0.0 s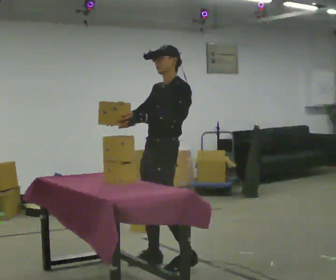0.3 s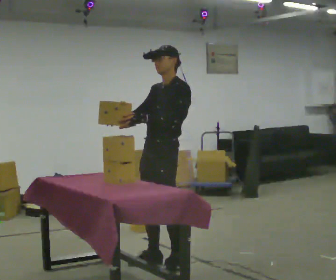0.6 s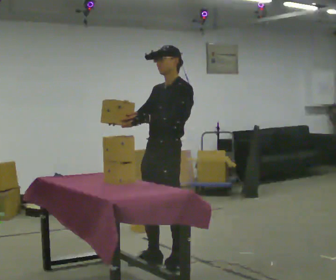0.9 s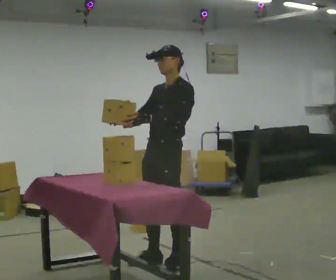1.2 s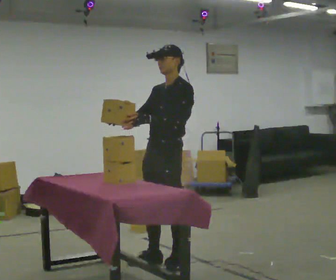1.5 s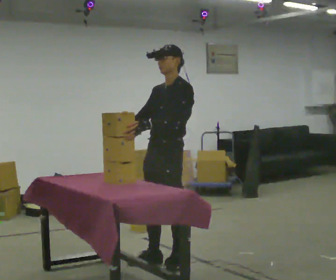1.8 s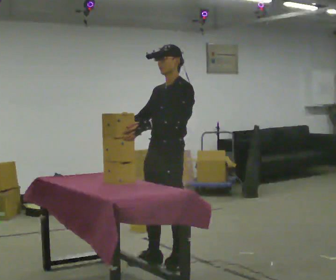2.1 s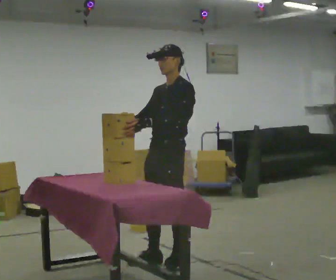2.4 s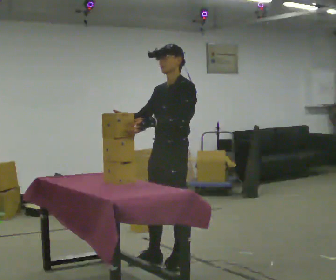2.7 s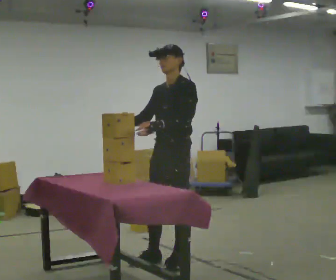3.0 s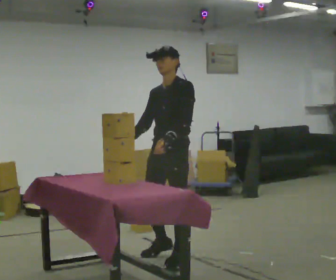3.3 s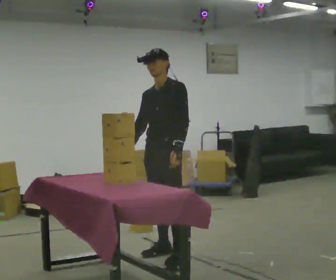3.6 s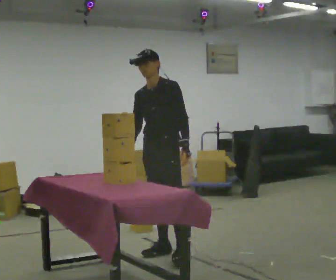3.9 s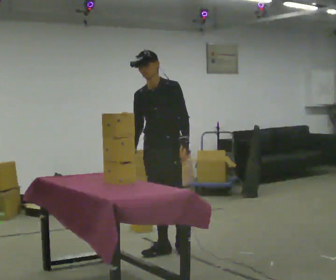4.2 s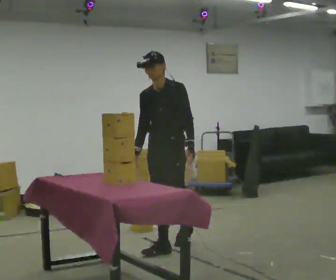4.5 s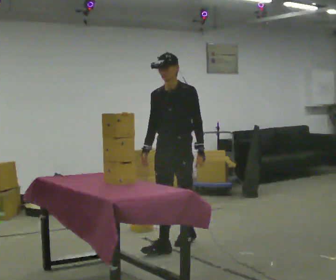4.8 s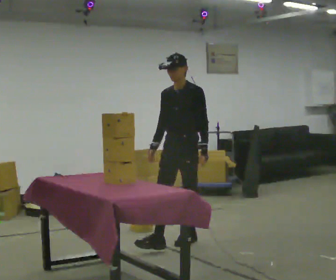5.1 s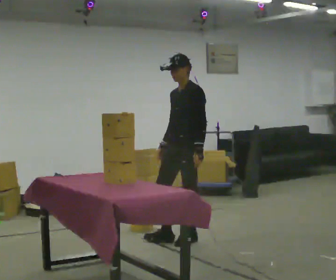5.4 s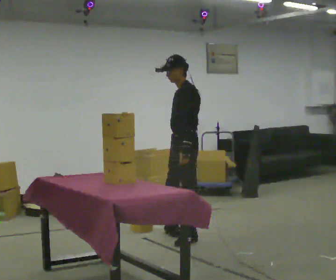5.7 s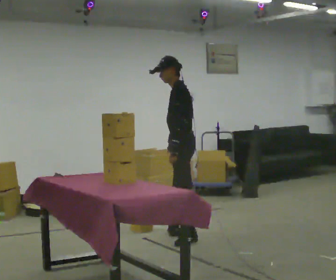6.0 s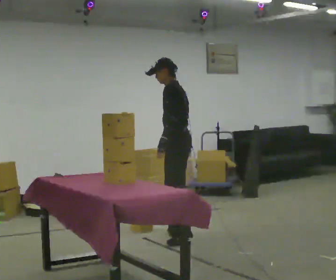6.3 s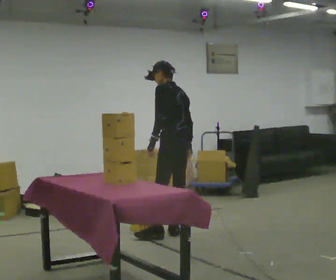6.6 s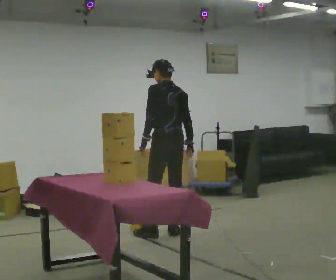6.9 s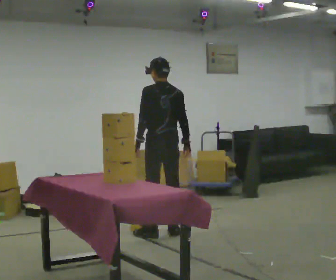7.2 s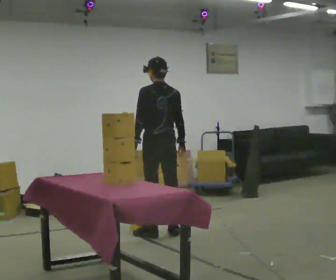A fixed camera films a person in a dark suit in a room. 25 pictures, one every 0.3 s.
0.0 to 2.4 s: The person moves a little, or ends about where they began.
2.4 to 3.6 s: In the picture they go away from the camera, about 0.25 m in 2 steps, which for them is to their right and backward.
3.6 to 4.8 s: In the picture they go away from the camera and to the right, about 0.5 m in 1 step, which for them is backward.
4.8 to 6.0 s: The part of the body nearest the lens slides to the left as the person turns to their right by about 75 degrees. In the picture they go away from the camera, about 0.25 m in 1 step.
6.0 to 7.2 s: Seen from above the body turns clockwise, about 45 degrees: to their right, with its near side sliding to the left. In the picture they go to the left, about 0.25 m, which for them is forward.
The film runs backward here.
